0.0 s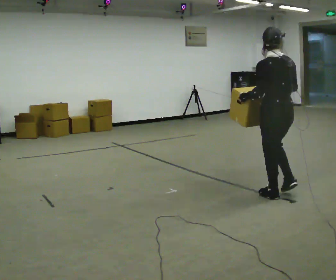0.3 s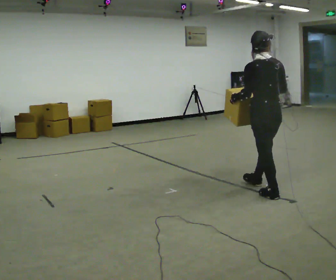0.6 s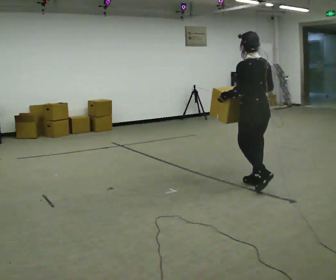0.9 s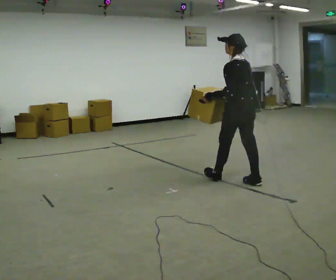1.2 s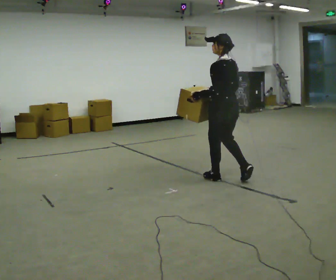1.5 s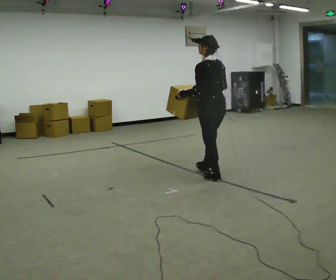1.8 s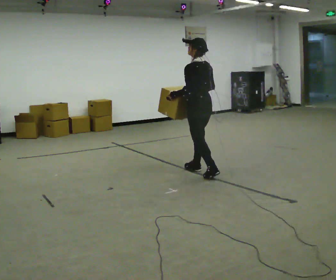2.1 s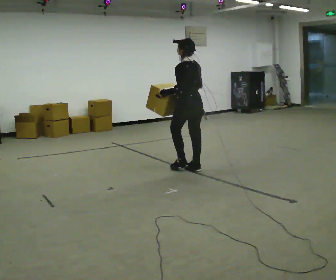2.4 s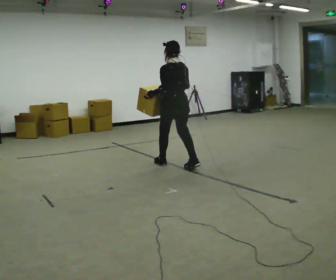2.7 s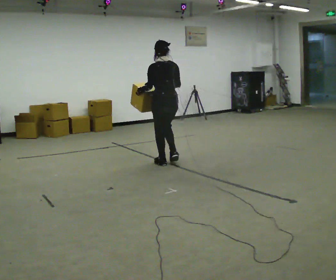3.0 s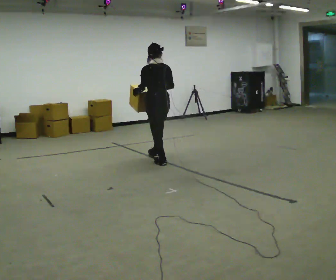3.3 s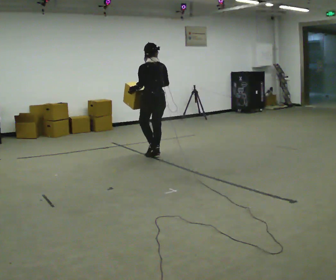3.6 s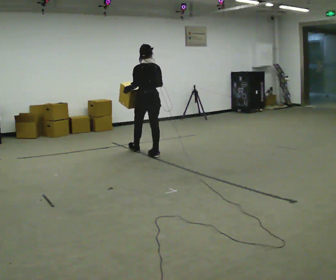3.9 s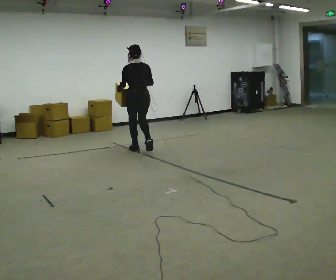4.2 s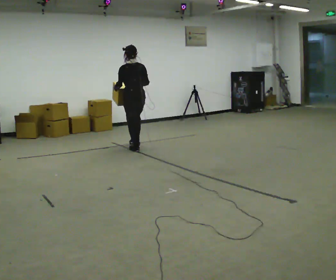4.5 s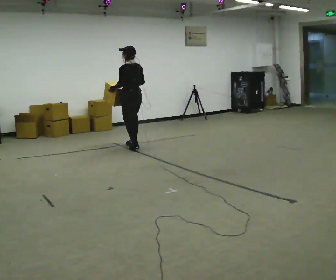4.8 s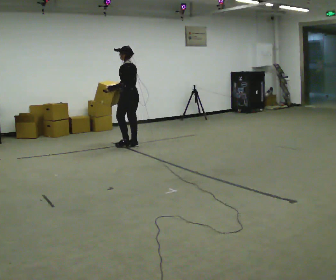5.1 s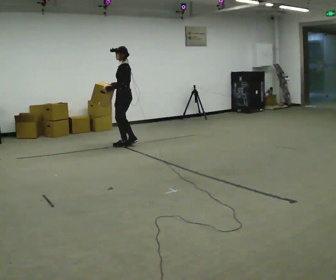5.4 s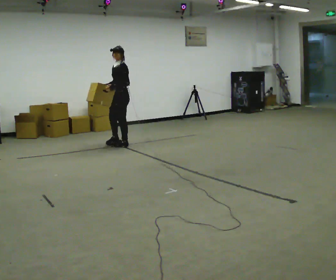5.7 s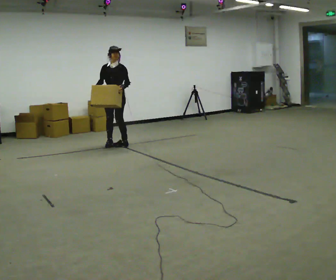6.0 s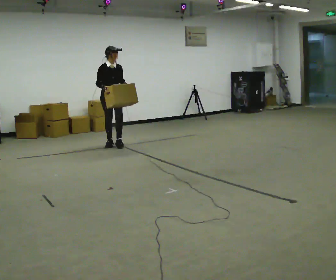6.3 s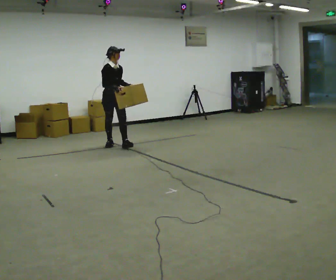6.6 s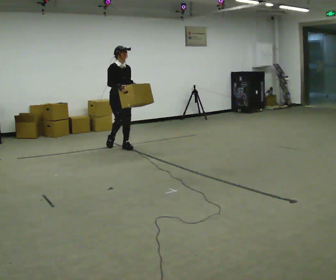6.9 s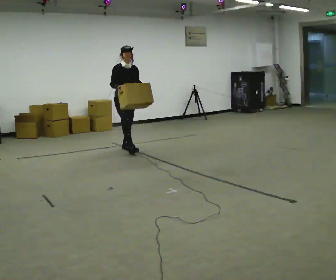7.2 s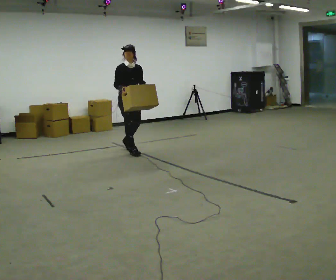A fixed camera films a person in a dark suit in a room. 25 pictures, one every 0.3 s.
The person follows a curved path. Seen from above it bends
counterclockwise.
0.0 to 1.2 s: In the picture they go away from the camera and to the left, about 1 m in 2 steps, which for them is forward.
1.2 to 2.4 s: In the picture they go away from the camera and to the left, about 1 m in 2 steps, which for them is forward.
2.4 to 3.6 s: In the picture they go away from the camera and to the left, about 1 m in 1 step, which for them is forward.
3.6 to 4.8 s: The part of the body nearest the lens slides to the right as the person turns to their left by about 30 degrees. In the picture they go away from the camera and to the left, about 0.75 m in 2 steps, which for them is forward.
4.8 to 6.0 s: Seen from above the body turns counterclockwise, about 150 degrees: to their left, with its near side sliding to the right. In the picture they go to the left, about 0.25 m in 2 steps.
6.0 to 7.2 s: In the picture they go toward the camera and to the right, about 0.5 m in 2 steps, which for them is forward.
The film runs forward here.
